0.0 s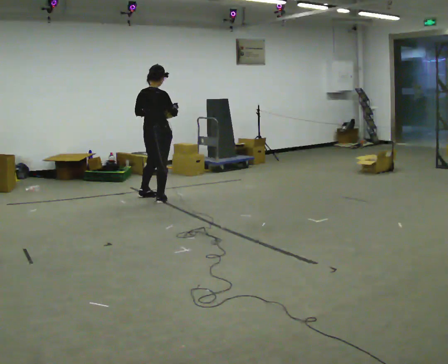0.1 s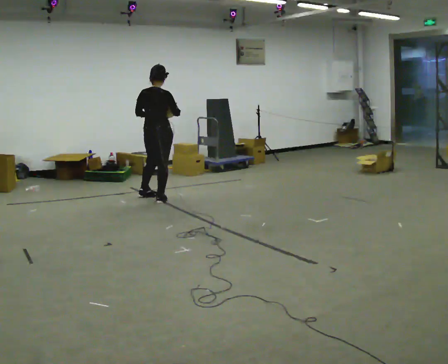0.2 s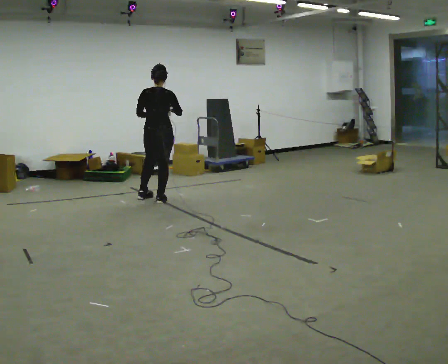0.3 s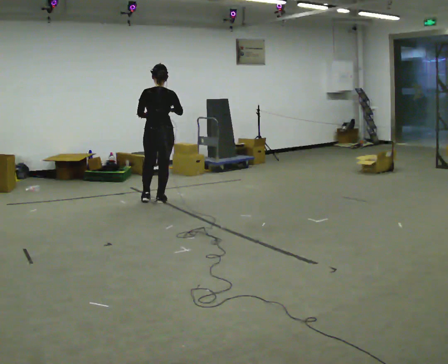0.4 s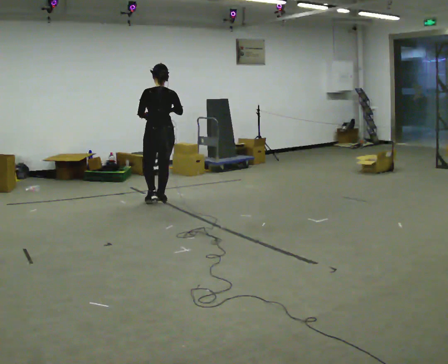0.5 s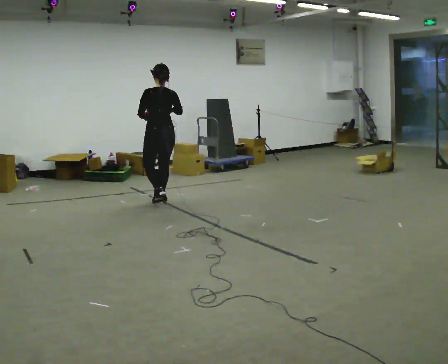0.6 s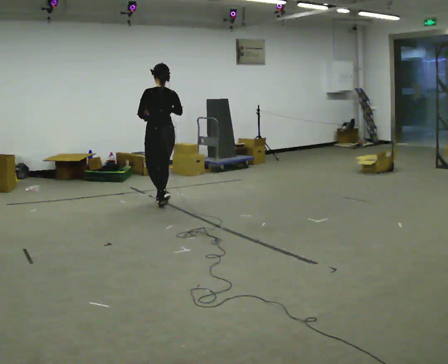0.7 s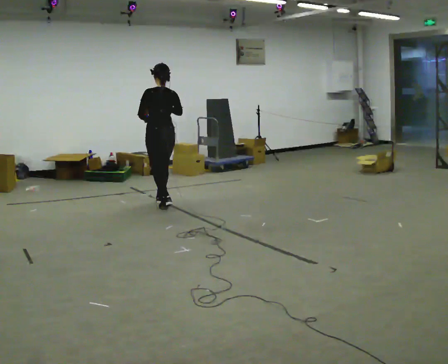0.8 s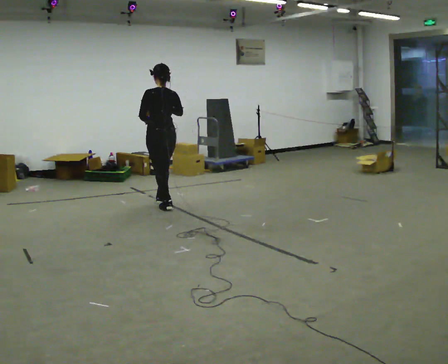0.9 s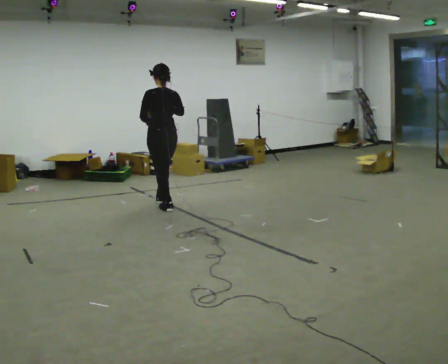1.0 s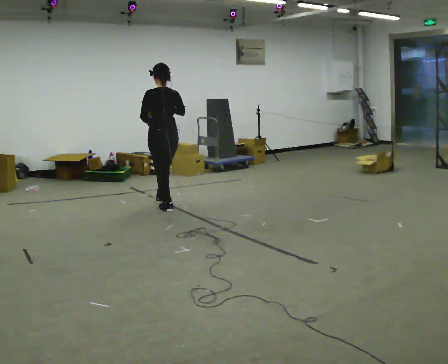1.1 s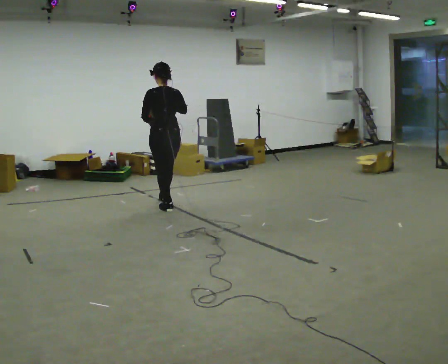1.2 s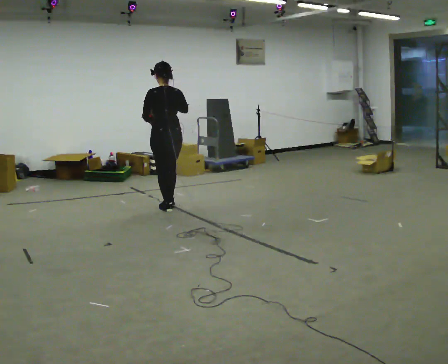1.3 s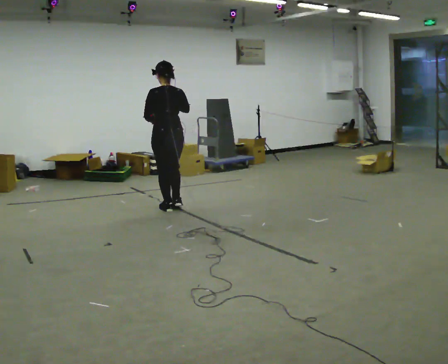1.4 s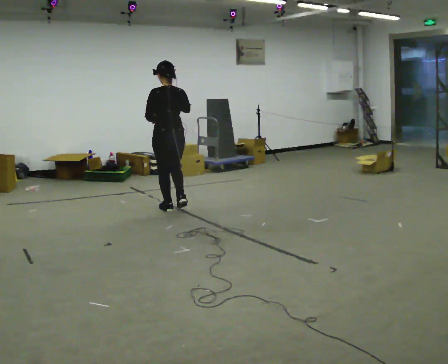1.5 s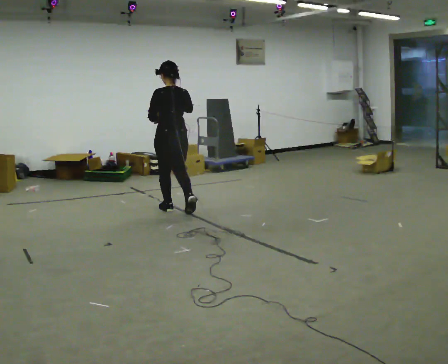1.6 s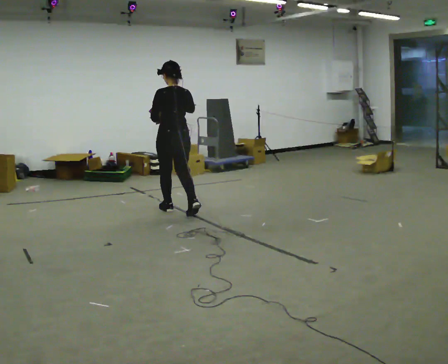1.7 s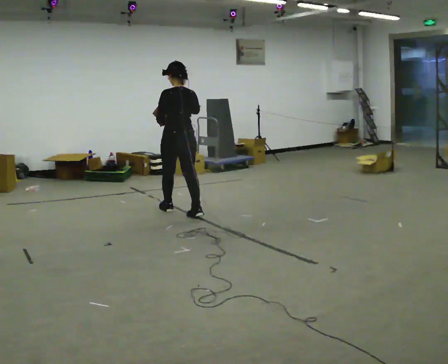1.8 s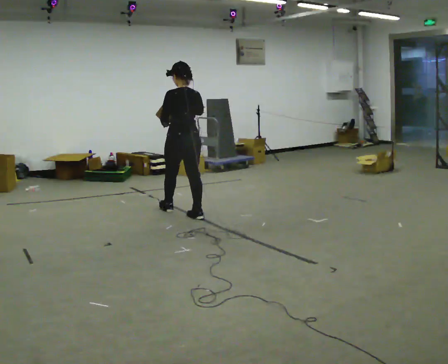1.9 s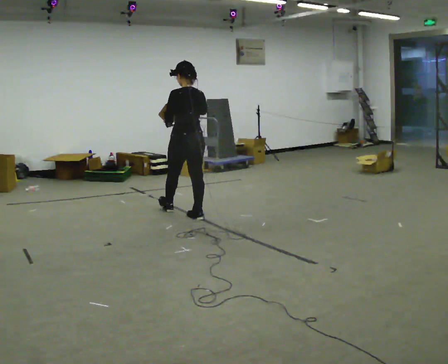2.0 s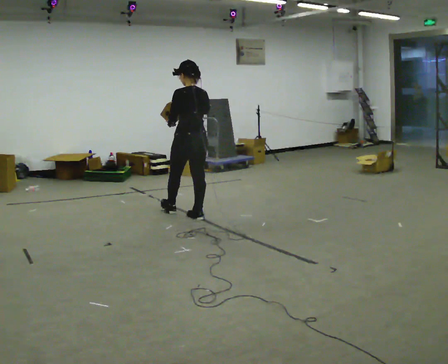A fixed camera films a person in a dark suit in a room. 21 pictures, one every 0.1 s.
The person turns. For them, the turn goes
to their left.
The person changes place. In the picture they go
toward the camera.
0.0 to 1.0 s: The person turns about 60 degrees to their left, counterclockwise seen from above, so the part of the body nearest the lens slides to the right. In the picture they go toward the camera, about 0.5 m in 1 step.
1.0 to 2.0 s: In the picture they go toward the camera and to the right, about 0.5 m in 2 steps, which for them is backward and to their right.
The film runs backward here.
